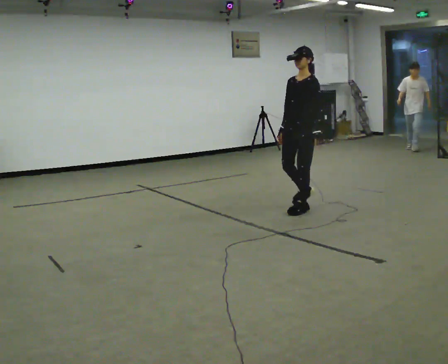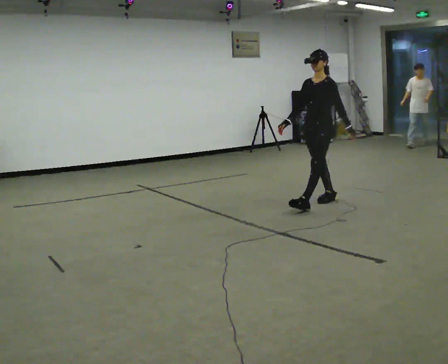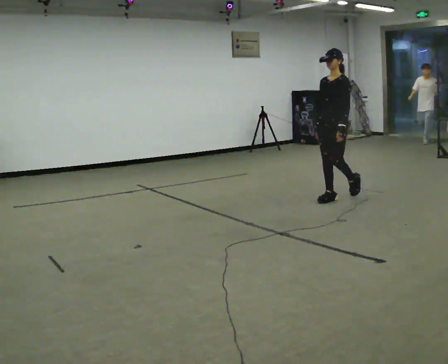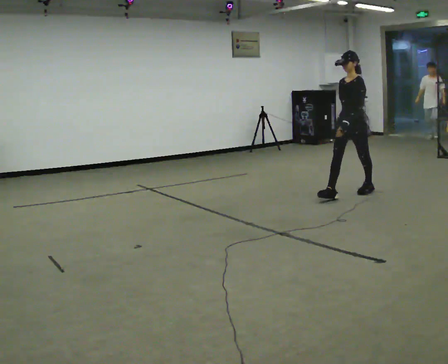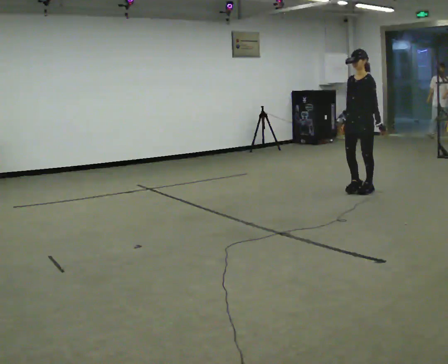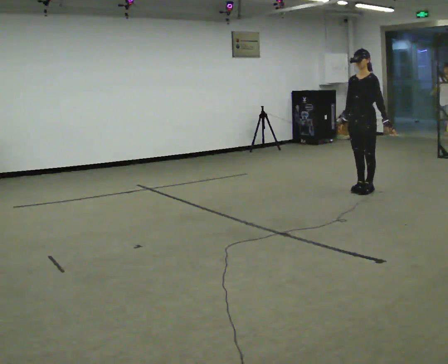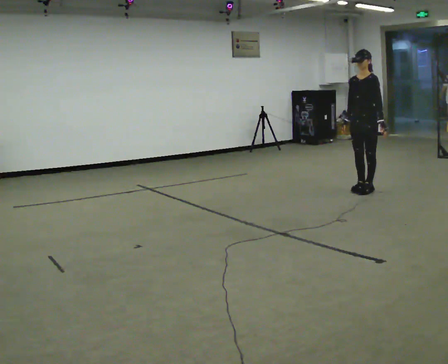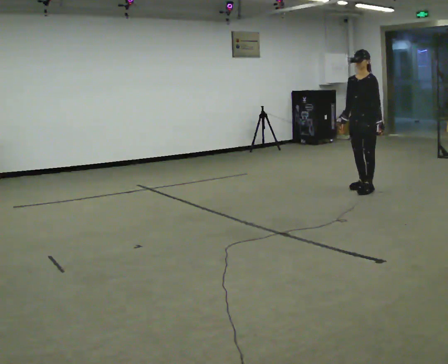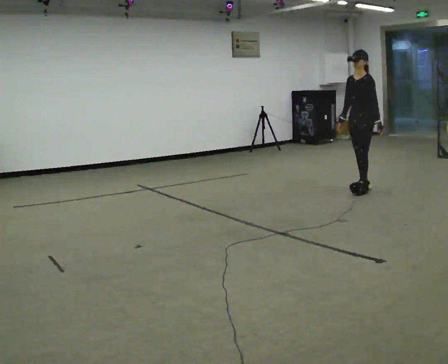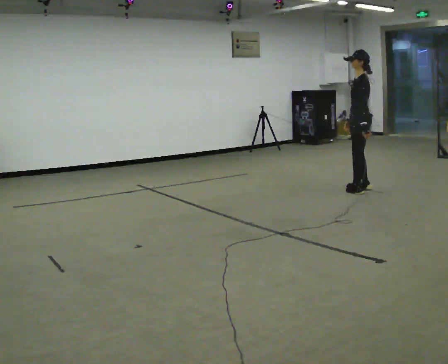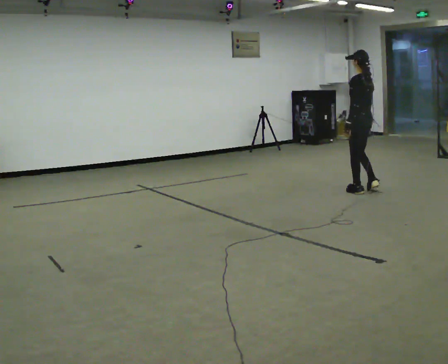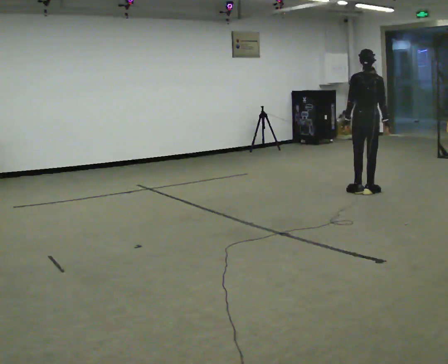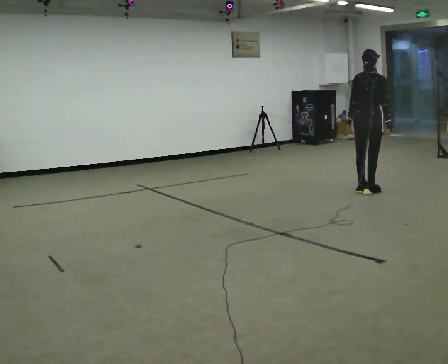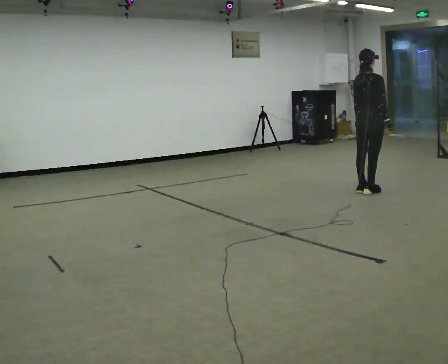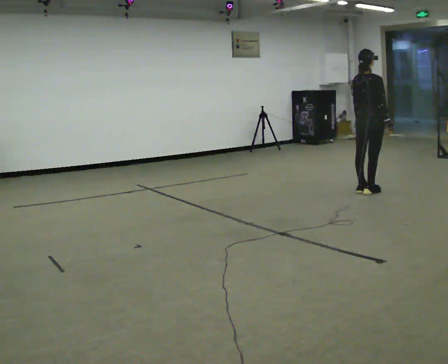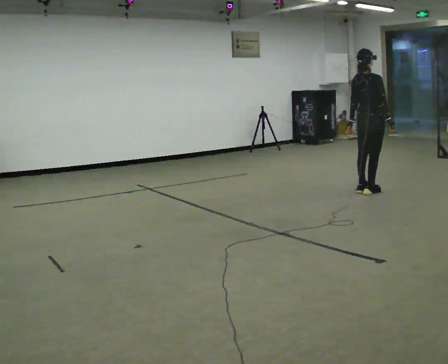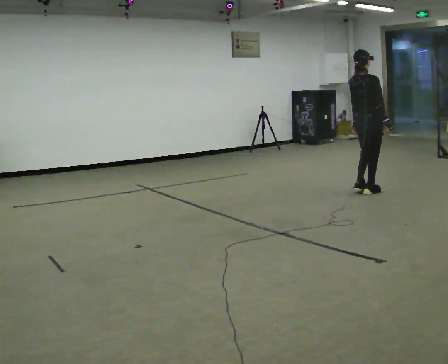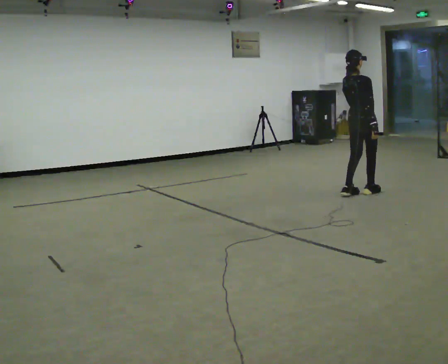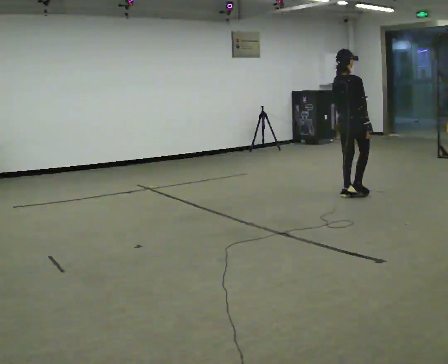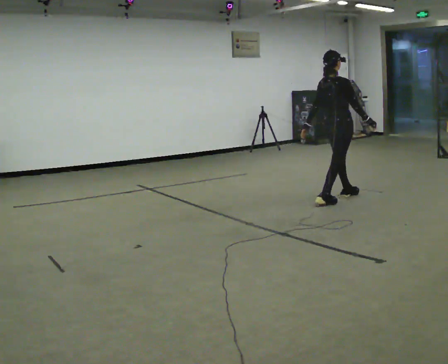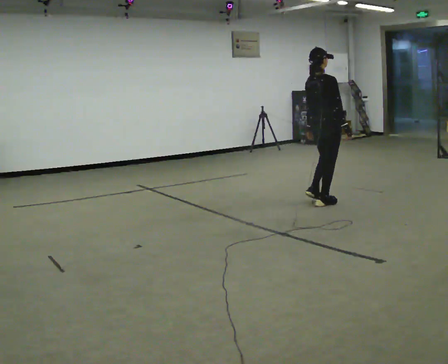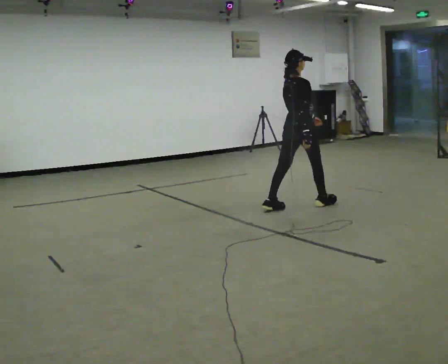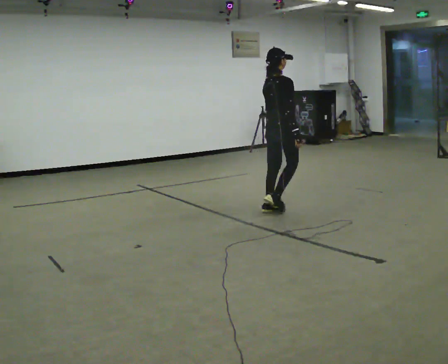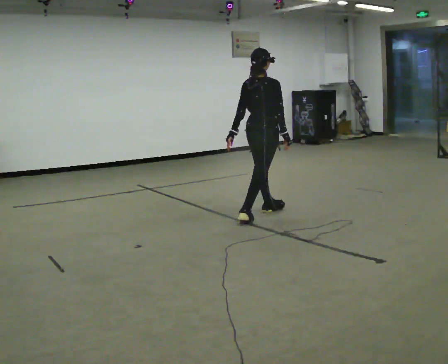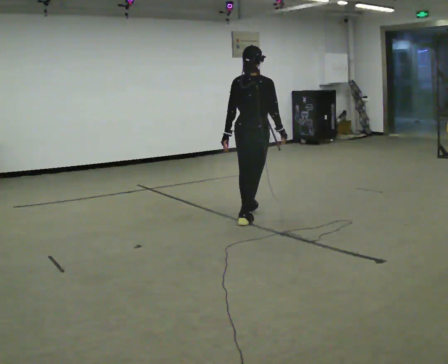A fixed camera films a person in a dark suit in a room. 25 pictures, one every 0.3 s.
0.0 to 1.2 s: In the picture they go away from the camera and to the right, about 1 m in 2 steps, which for them is backward.
1.2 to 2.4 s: In the picture they go away from the camera, about 0.25 m, which for them is backward.
2.4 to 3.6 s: Seen from above the body turns clockwise, about 150 degrees: to their right, with its near side sliding to the left. In the picture their right hand goes to the right, the arm swinging counterclockwise.
3.6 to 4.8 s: The person moves a little, or ends about where they began.
4.8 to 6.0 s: In the picture they go to the left and toward the camera, about 0.75 m in 2 steps, which for them is backward.
6.0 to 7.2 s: The person turns about 30 degrees to their left, counterclockwise seen from above, so the part of the body nearest the lens slides to the right. In the picture they go toward the camera and to the left, about 1 m in 2 steps, which for them is backward.
The film runs backward here.
